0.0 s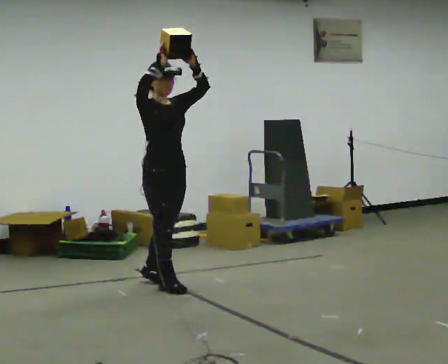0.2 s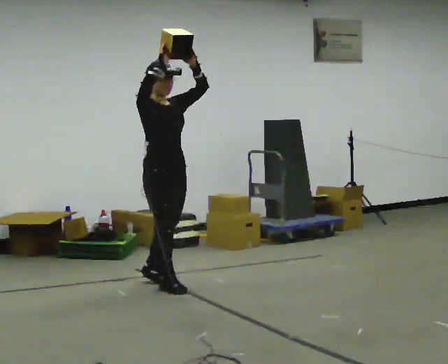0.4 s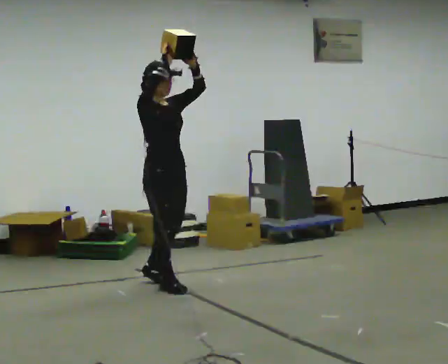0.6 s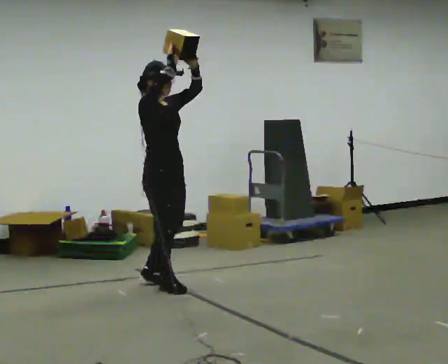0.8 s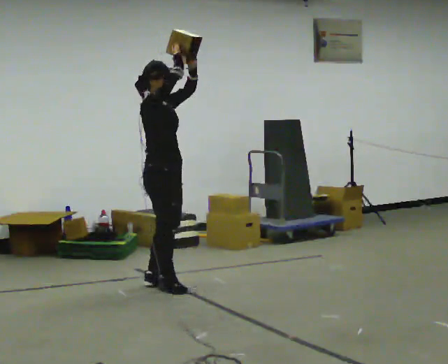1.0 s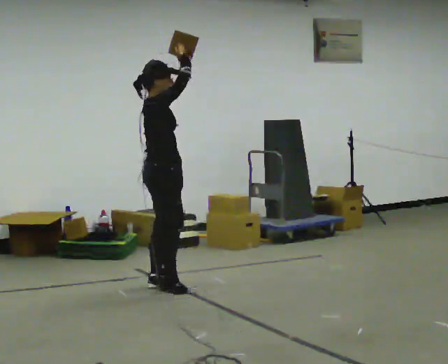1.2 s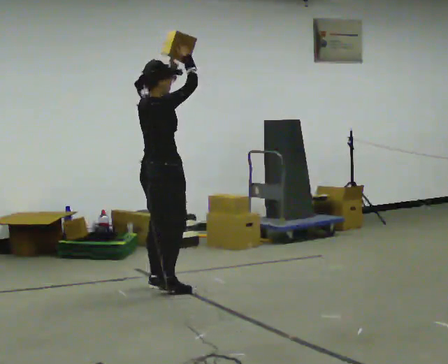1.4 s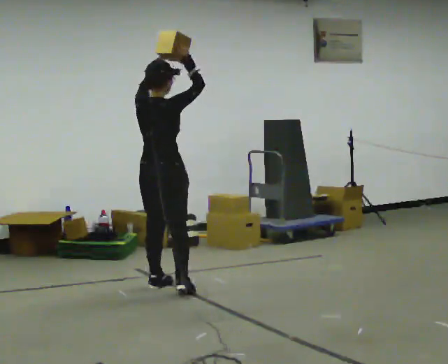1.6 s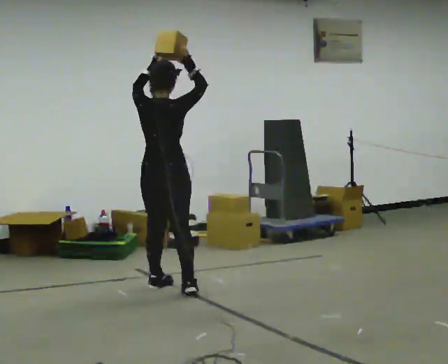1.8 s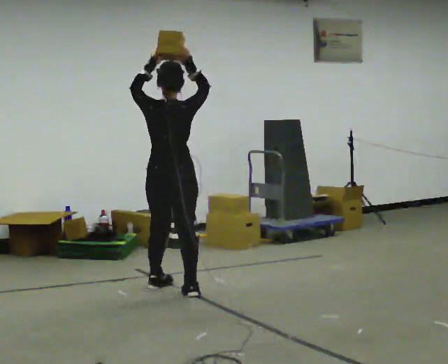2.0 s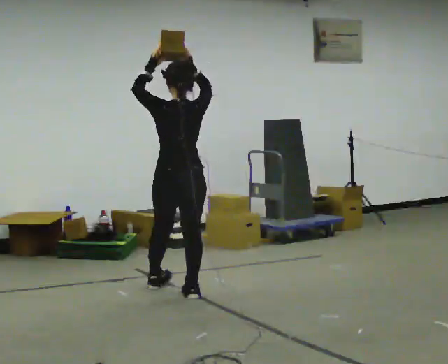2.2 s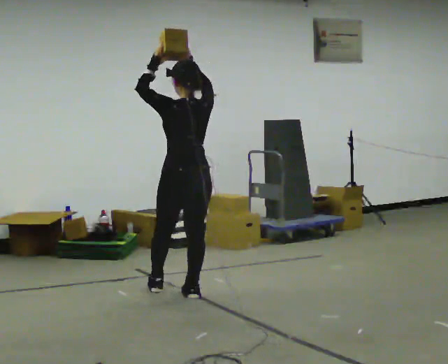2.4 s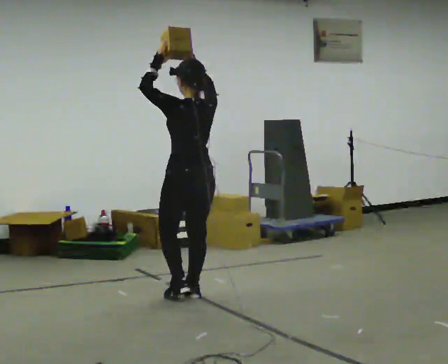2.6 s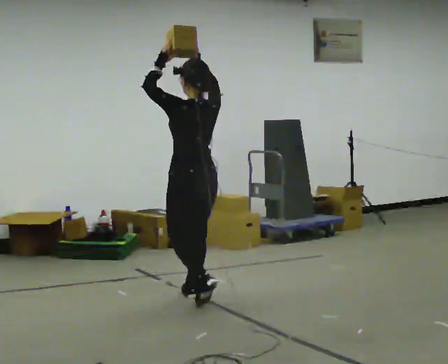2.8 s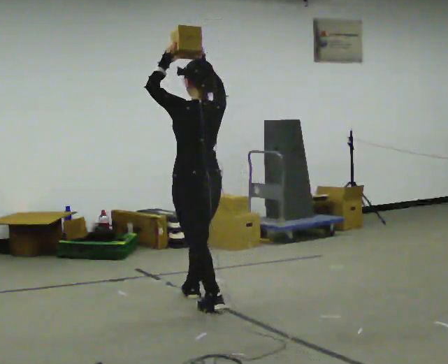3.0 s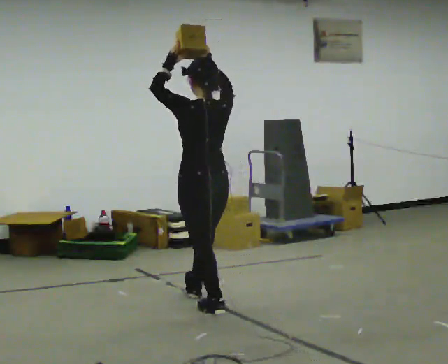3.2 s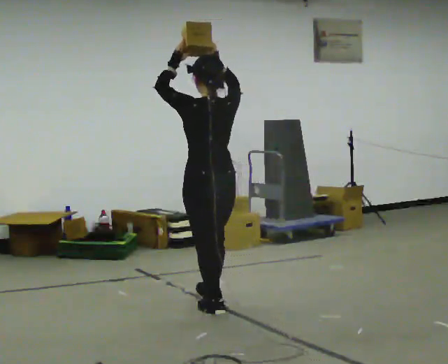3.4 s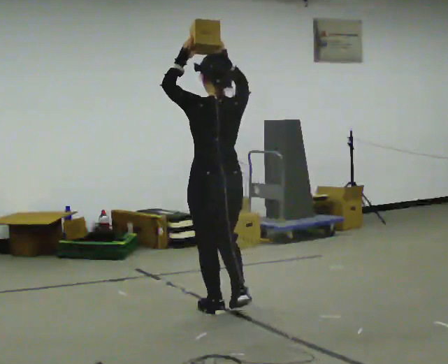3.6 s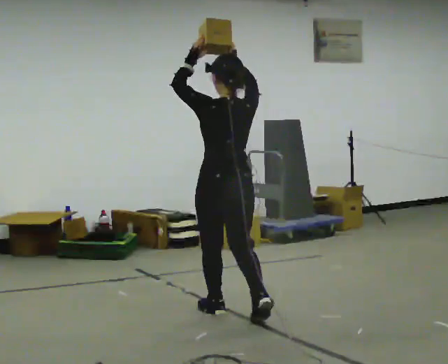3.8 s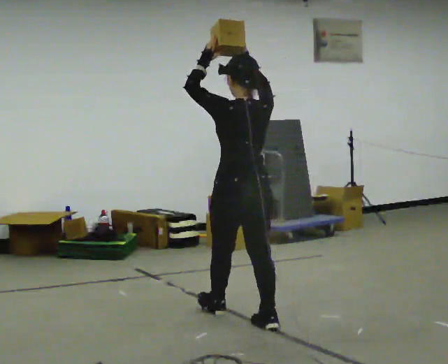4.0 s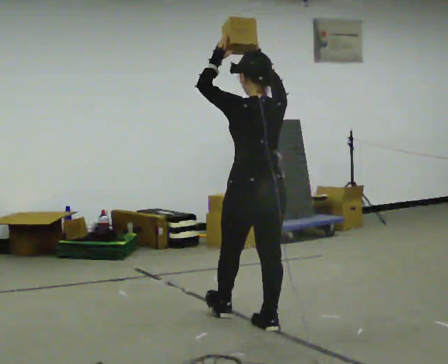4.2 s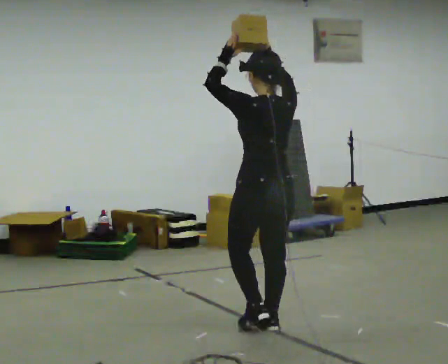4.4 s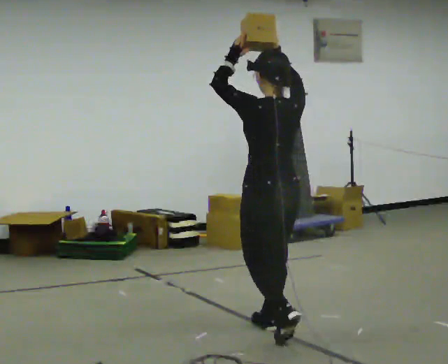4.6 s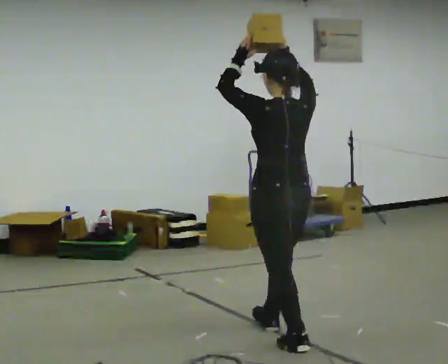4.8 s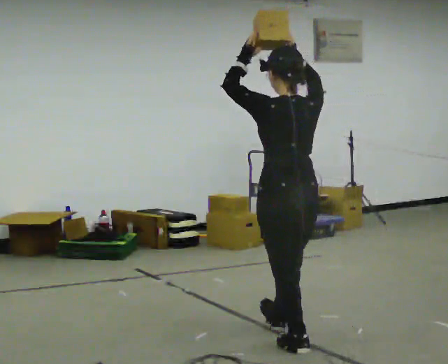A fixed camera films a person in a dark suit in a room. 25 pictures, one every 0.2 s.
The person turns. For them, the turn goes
to their left.
The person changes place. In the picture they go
toward the camera.
0.0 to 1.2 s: Seen from above the body turns counterclockwise, about 75 degrees: to their left, with its near side sliding to the right.
1.2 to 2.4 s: The part of the body nearest the lens slides to the right as the person turns to their left by about 90 degrees. In the picture they go toward the camera and to the right, about 0.5 m in 1 step.
2.4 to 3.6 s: In the picture they go toward the camera and to the right, about 0.5 m in 1 step, which for them is backward.
3.6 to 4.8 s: In the picture they go toward the camera and to the right, about 0.5 m in 2 steps, which for them is backward.
The film runs backward here.
